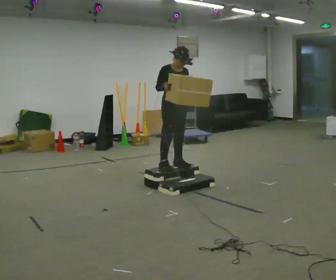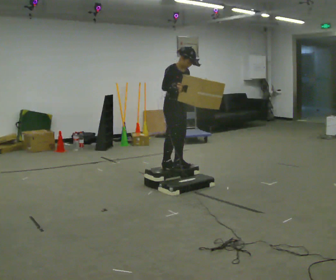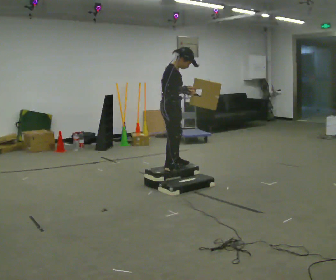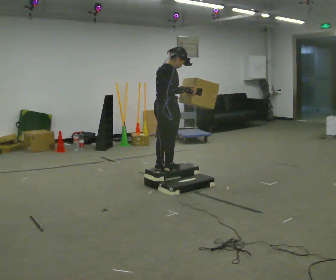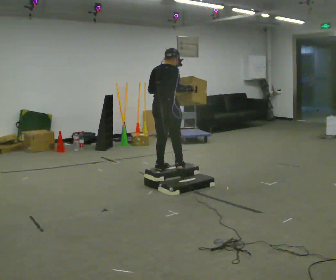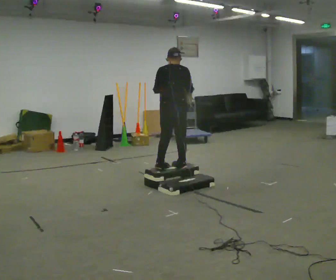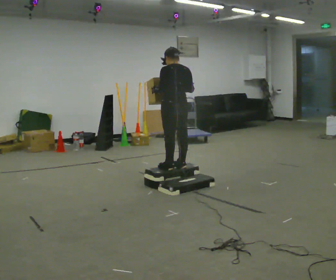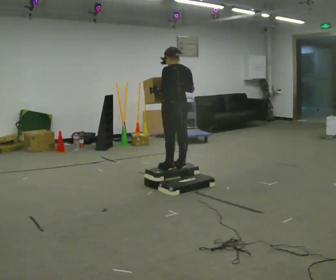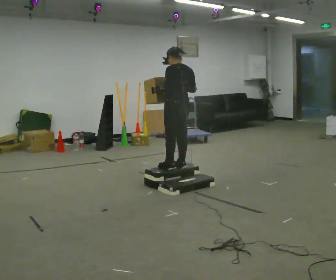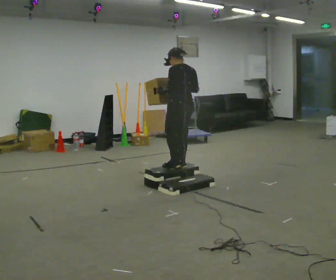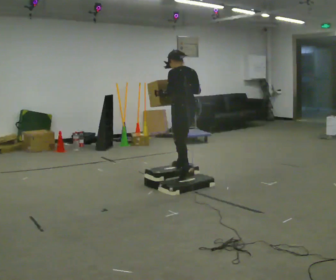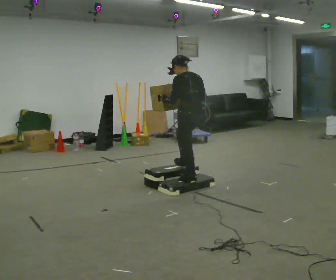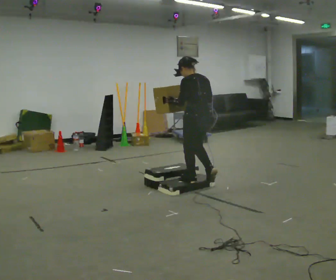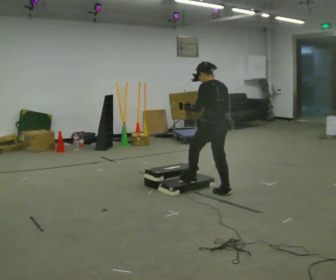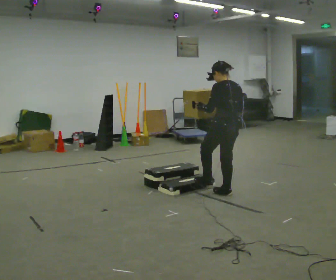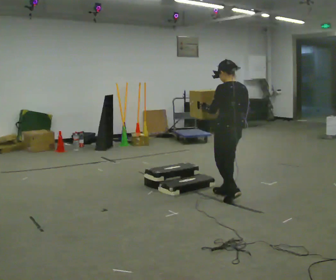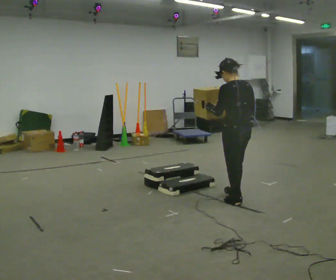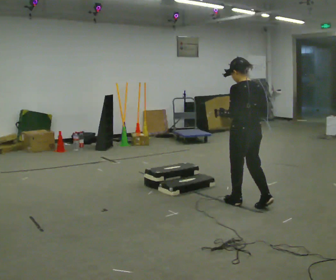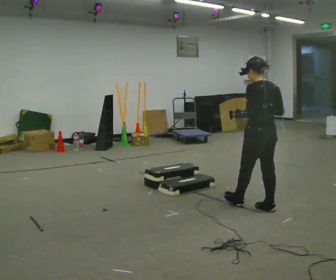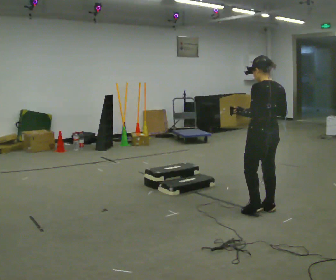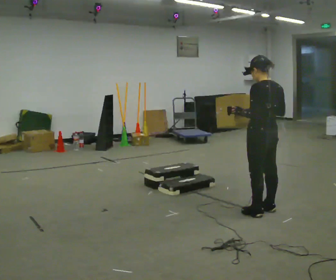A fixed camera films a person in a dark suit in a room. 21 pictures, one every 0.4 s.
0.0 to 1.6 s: The part of the body nearest the lens slides to the right as the person turns to their left by about 105 degrees. In the picture they go toward the camera, about 0.25 m in 2 steps.
1.6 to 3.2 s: Seen from above the body turns counterclockwise, about 75 degrees: to their left, with its near side sliding to the right. In the picture they go to the right, about 0.25 m.
3.2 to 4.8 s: In the picture they go toward the camera and to the right, about 0.5 m in 2 steps, which for them is backward.
4.8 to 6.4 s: In the picture they go toward the camera and to the right, about 0.5 m in 2 steps, which for them is backward.
6.4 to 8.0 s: In the picture they go toward the camera and to the right, about 0.25 m in 1 step, which for them is backward.
The film runs backward here.
